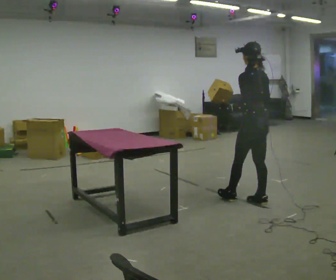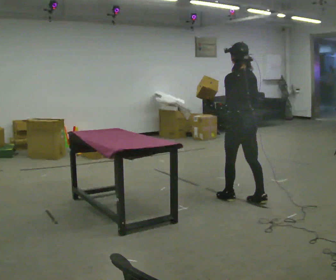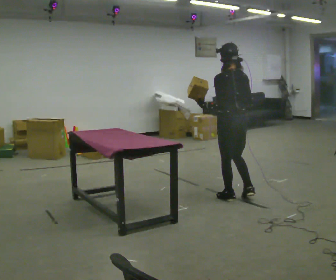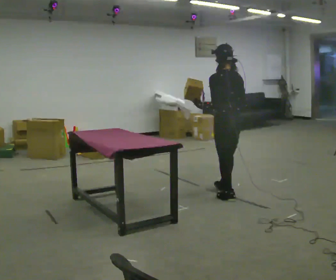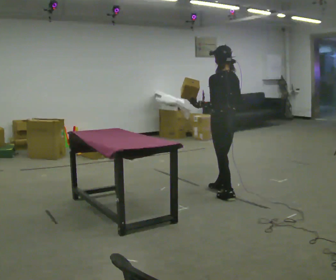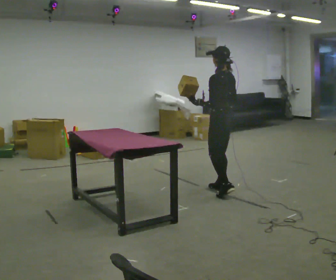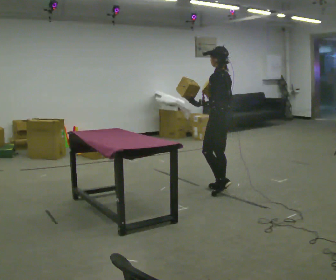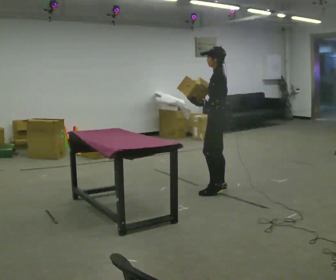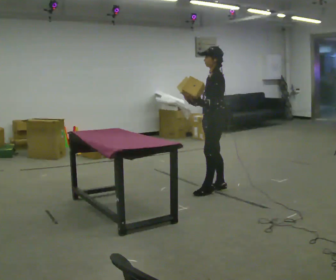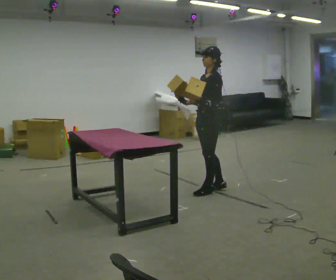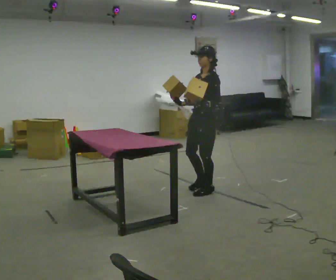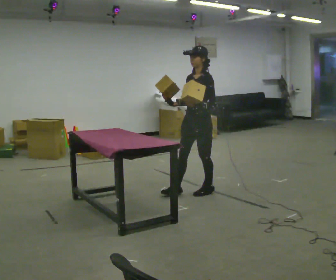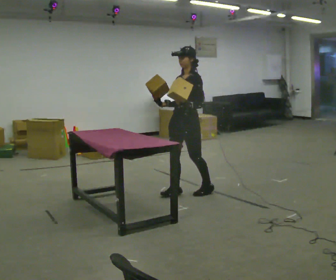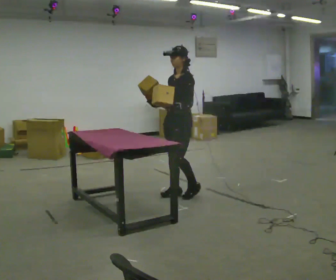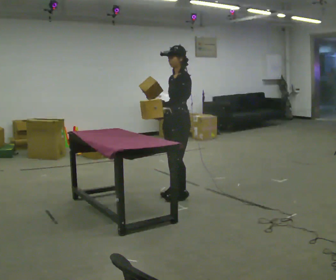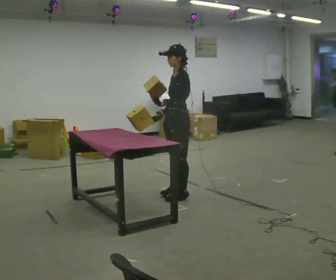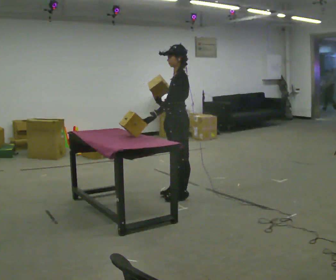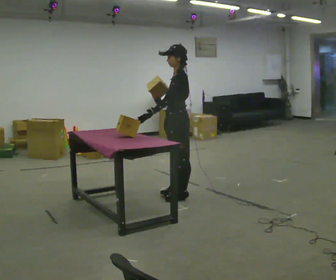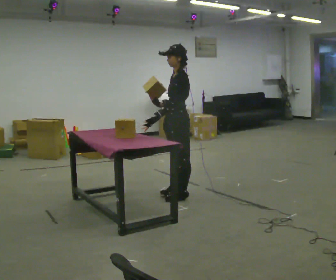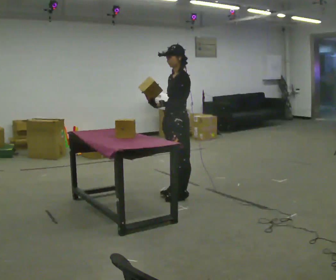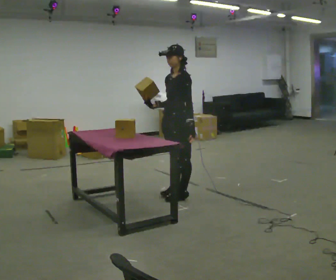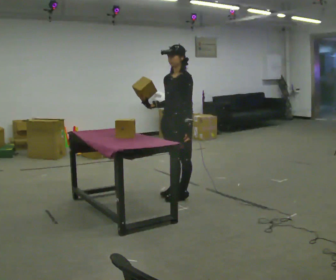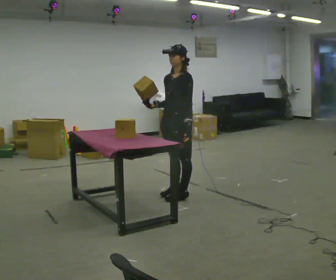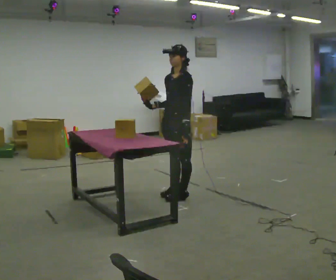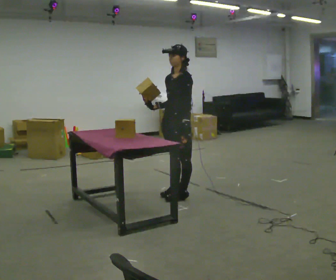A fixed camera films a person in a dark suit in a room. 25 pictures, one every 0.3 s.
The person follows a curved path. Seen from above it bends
counterclockwise.
0.0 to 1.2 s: In the picture they go away from the camera and to the left, about 0.5 m in 2 steps, which for them is forward and to their left.
1.2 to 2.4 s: Seen from above the body turns counterclockwise, about 60 degrees: to their left, with its near side sliding to the right. In the picture they go away from the camera, about 0.25 m in 2 steps, which for them is forward.
2.4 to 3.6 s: The person turns about 30 degrees to their left, counterclockwise seen from above, so the part of the body nearest the lens slides to the right. In the picture they go to the left, about 0.25 m in 1 step, which for them is forward.
3.6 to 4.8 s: The person turns about 30 degrees to their right, clockwise seen from above, so the part of the body nearest the lens slides to the left. In the picture their left hand goes to the left.
4.8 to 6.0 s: In the picture their left hand goes to the right, the arm swinging counterclockwise.
6.0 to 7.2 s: The person moves a little, or ends about where they began.
The film runs forward here.
